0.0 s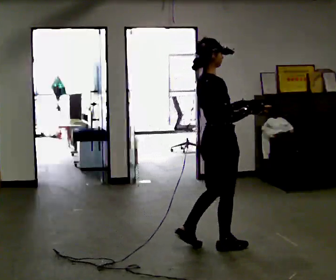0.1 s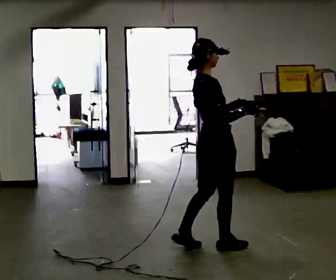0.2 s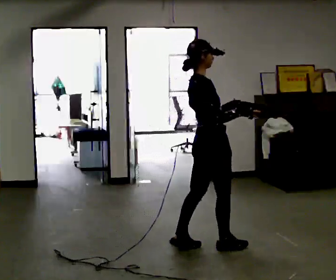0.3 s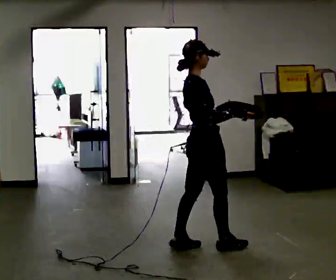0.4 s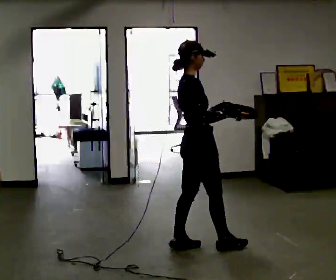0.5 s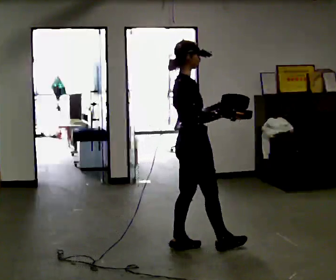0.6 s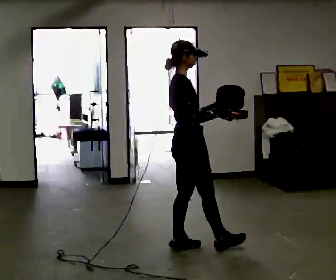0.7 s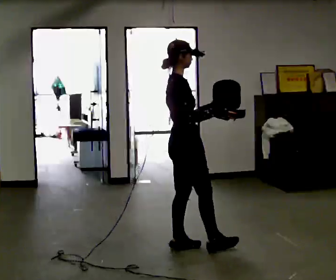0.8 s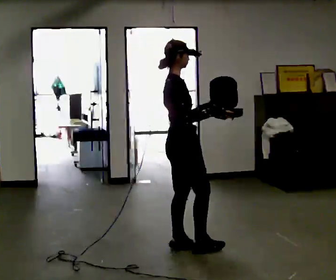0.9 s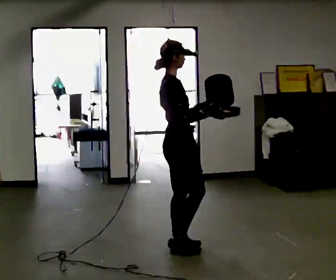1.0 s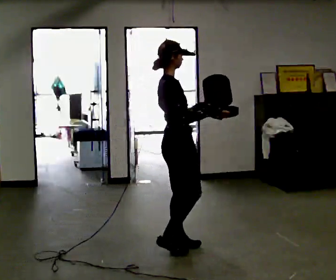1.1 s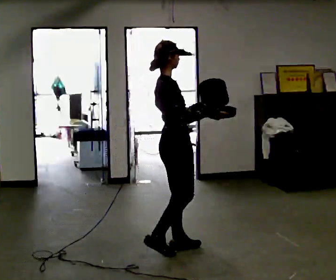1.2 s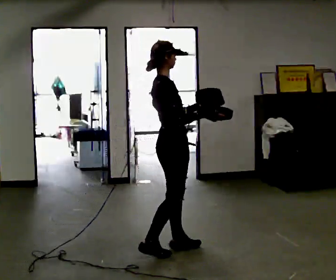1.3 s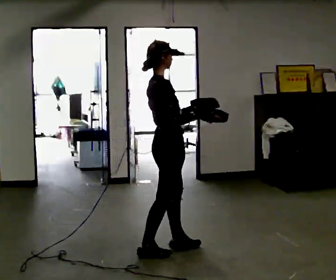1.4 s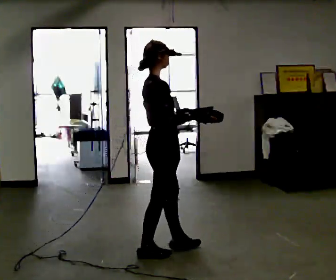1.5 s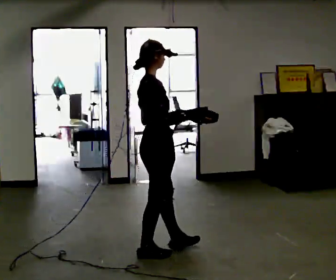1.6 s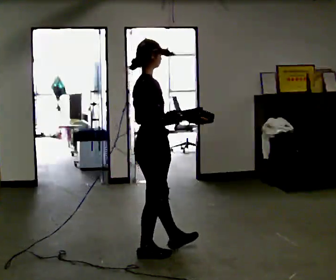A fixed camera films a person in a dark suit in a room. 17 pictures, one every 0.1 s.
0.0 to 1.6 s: In the picture they go to the left, about 0.5 m in 1 step, which for them is to their left and backward.
The film runs backward here.
